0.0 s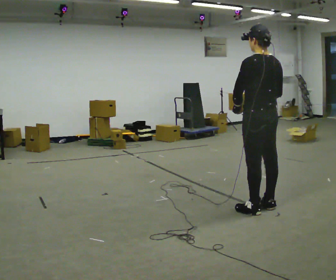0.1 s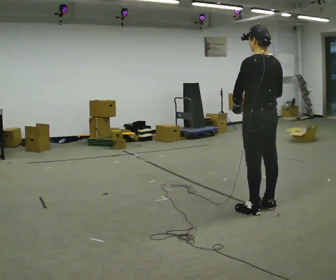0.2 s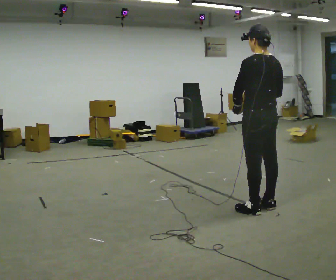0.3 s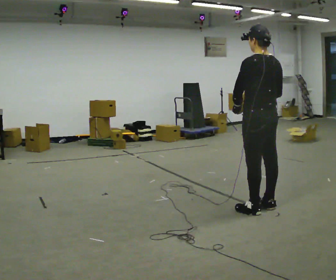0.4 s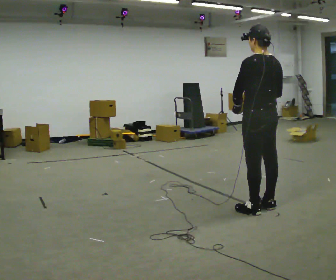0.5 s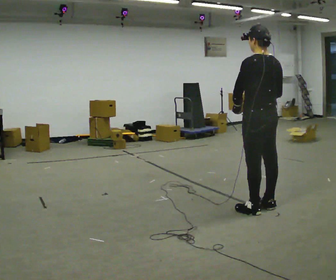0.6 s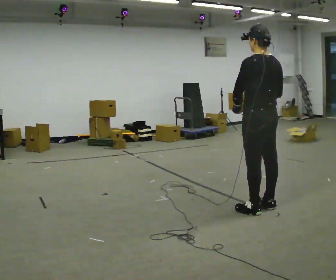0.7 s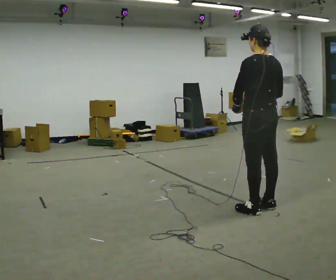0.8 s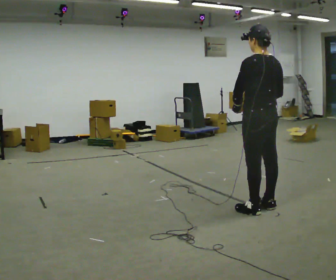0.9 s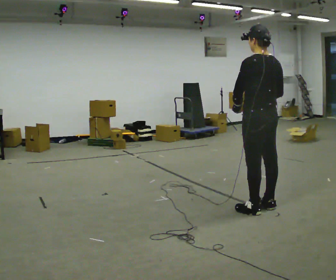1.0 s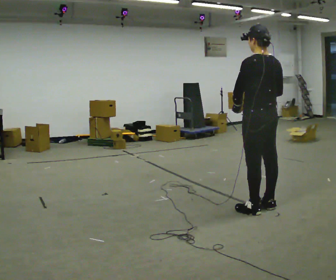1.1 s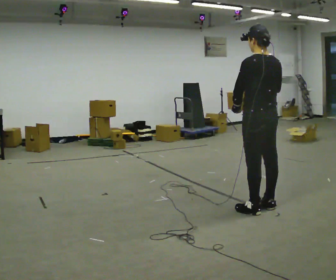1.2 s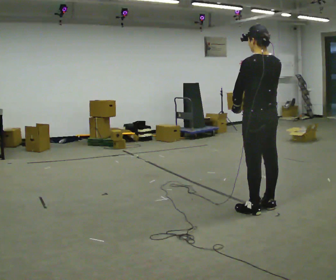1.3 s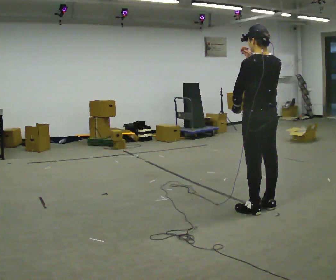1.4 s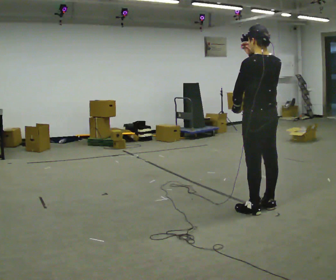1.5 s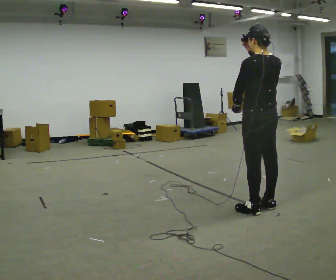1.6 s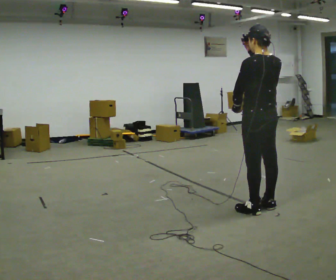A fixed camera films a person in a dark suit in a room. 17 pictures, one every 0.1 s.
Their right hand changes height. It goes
upward.
0.0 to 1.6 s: In the picture their right hand goes upward.
The film runs forward here.
